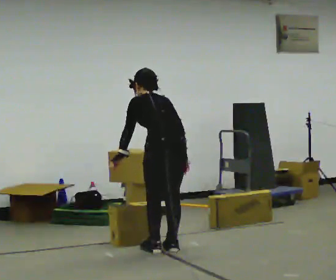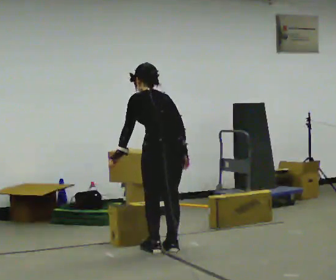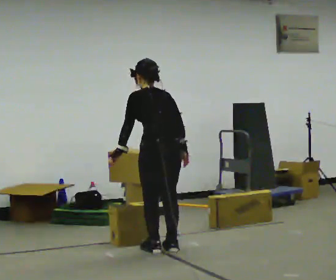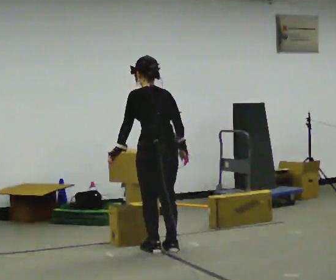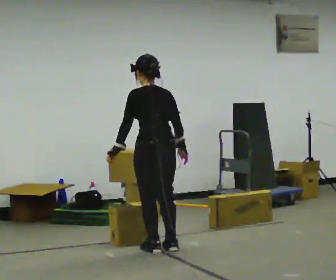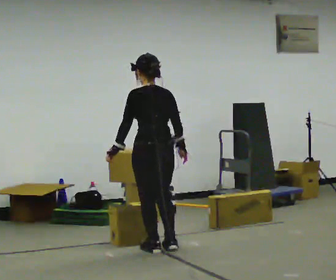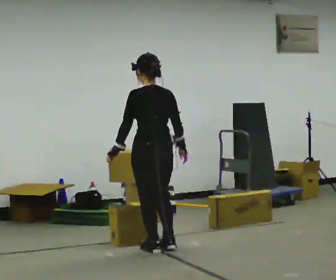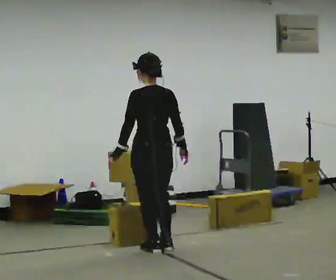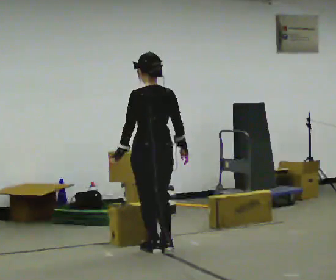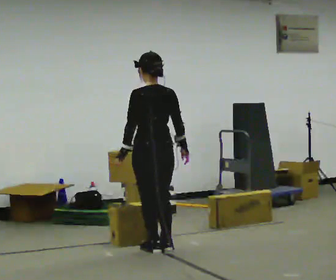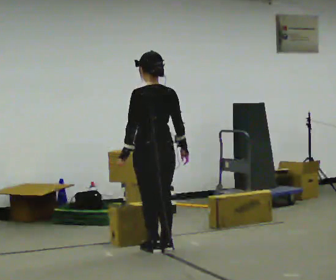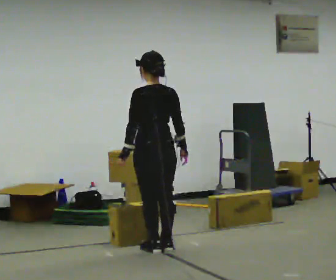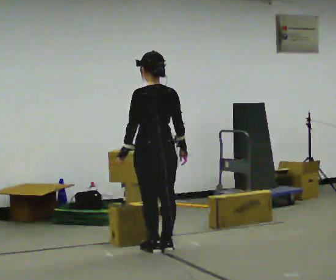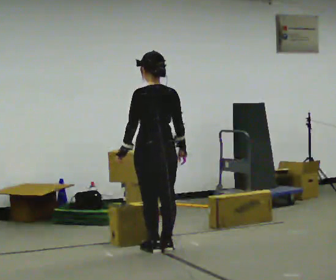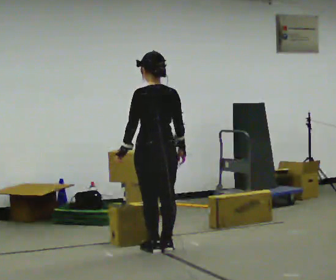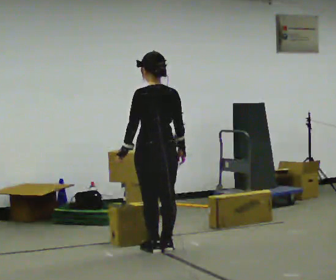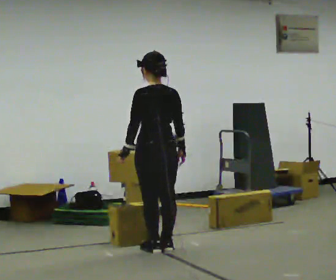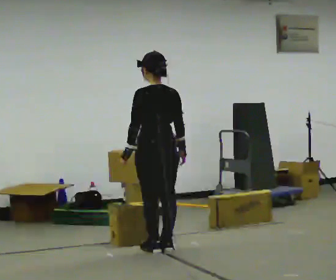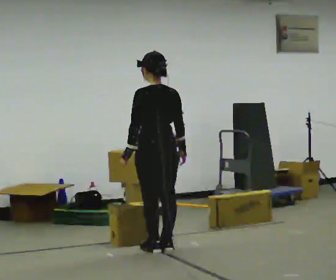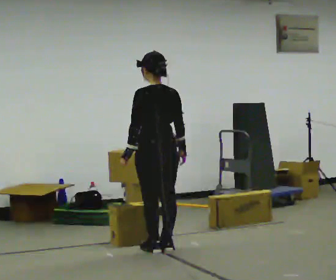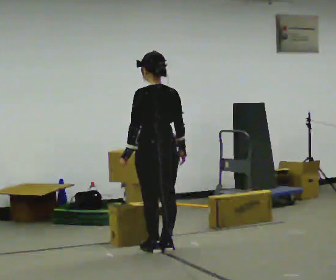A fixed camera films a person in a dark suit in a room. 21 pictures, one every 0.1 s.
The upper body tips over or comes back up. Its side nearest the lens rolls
downward.
0.0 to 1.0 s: The upper body tips toward the camera, its near side rolling downward, as they lean back or straighten.
1.0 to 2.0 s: The person moves a little, or ends about where they began.
The film runs forward here.
